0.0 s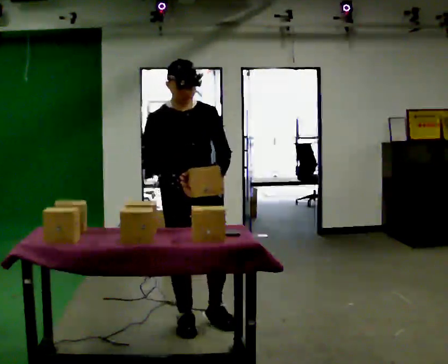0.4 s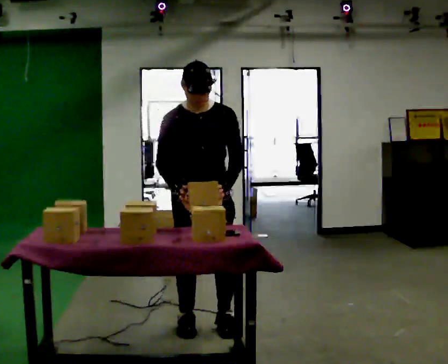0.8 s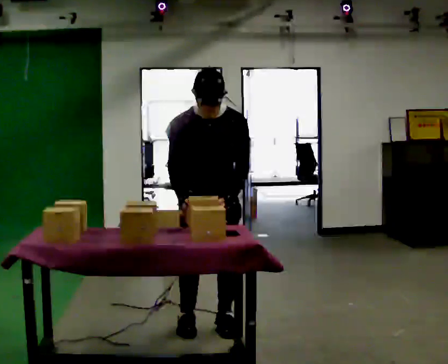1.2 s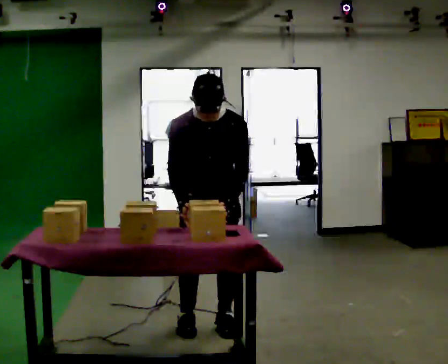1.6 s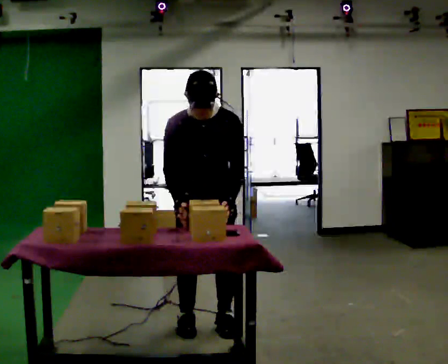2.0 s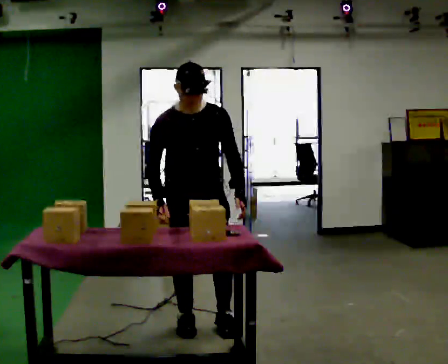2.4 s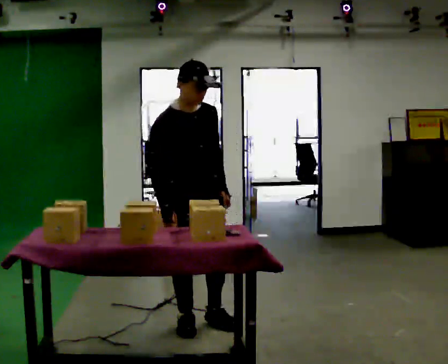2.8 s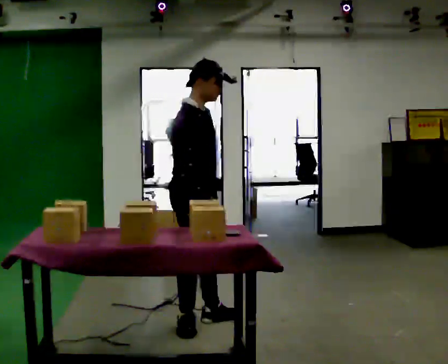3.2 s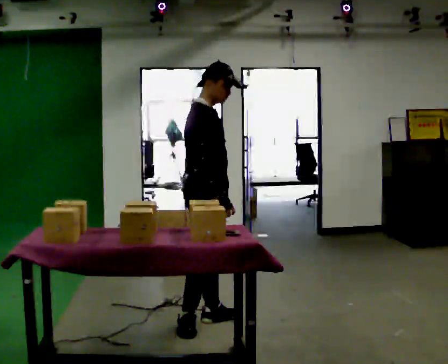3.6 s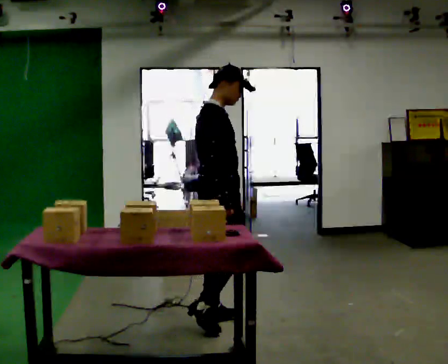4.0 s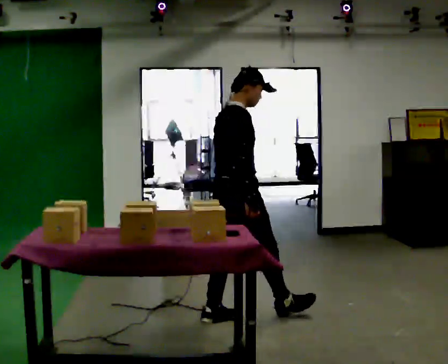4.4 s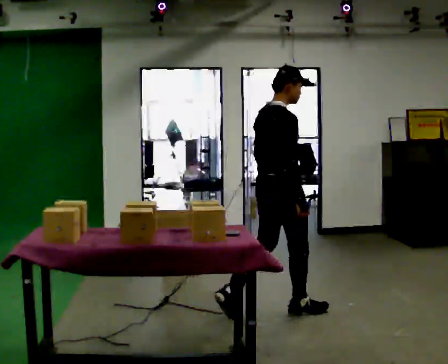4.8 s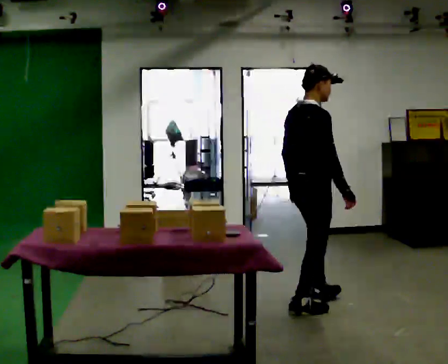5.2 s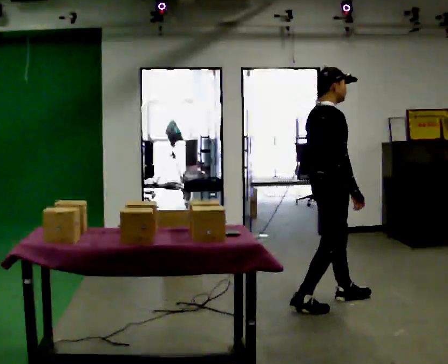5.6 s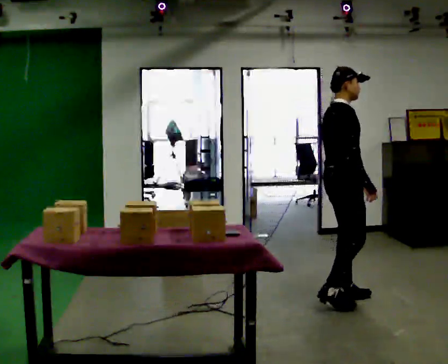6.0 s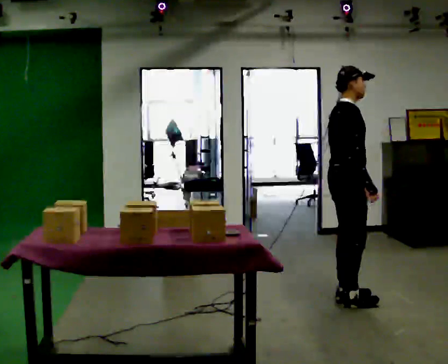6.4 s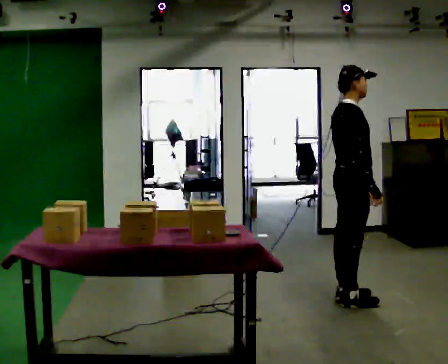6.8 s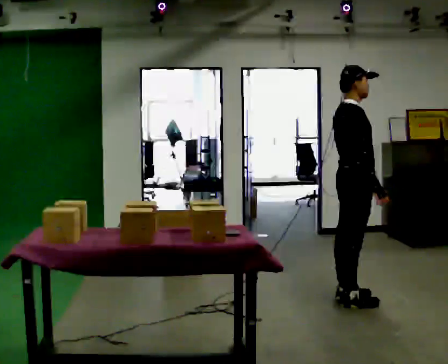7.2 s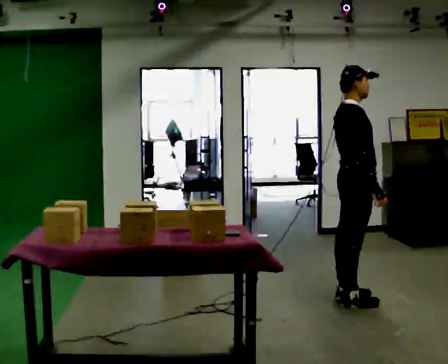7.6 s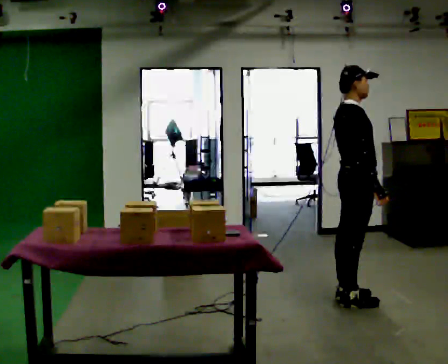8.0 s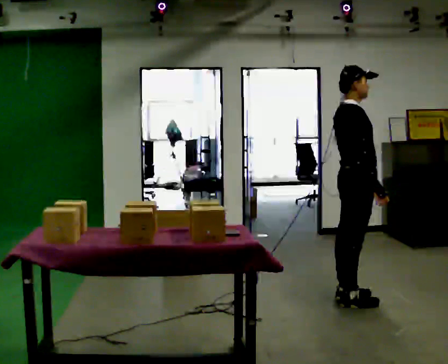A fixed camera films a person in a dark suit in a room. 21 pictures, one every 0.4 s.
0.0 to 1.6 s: The person moves a little, or ends about where they began.
1.6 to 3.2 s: Seen from above the body turns counterclockwise, about 75 degrees: to their left, with its near side sliding to the right. The upper body tips away from the camera, its near side rolling upward, as they lean back or straighten.
3.2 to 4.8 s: The part of the body nearest the lens slides to the right as the person turns to their left by about 30 degrees. In the picture they go to the right, about 1 m in 1 step, which for them is forward.
4.8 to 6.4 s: In the picture they go to the right and away from the camera, about 0.5 m in 2 steps, which for them is forward and to their left.
6.4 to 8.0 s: The person moves a little, or ends about where they began.
The film runs forward here.
